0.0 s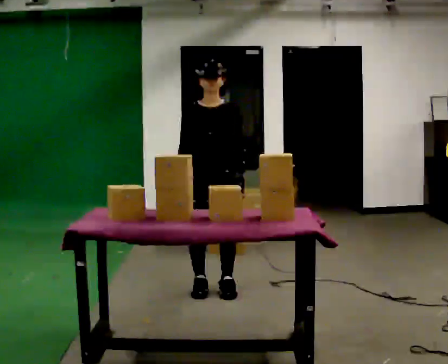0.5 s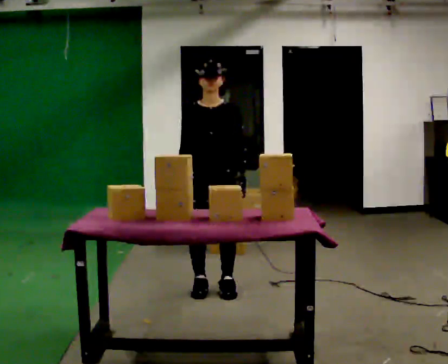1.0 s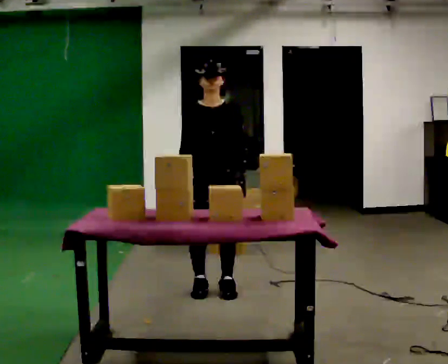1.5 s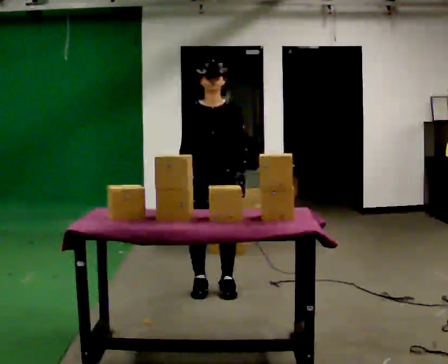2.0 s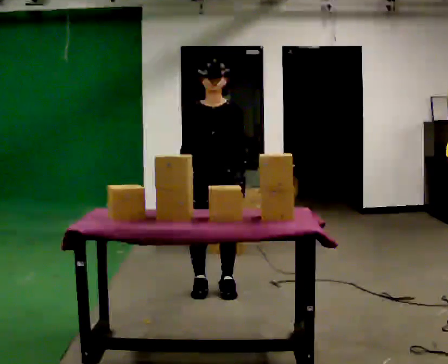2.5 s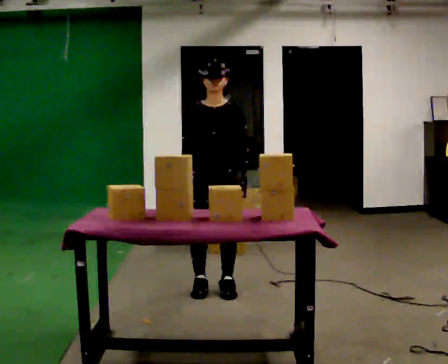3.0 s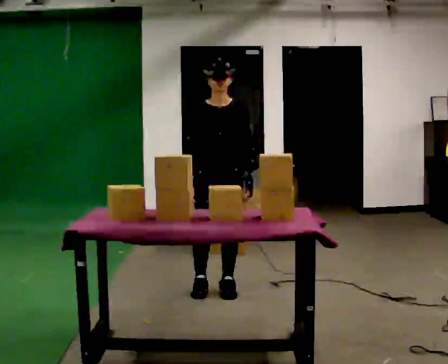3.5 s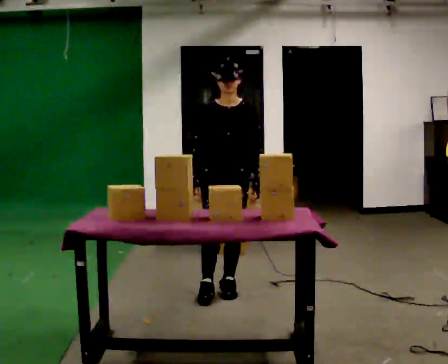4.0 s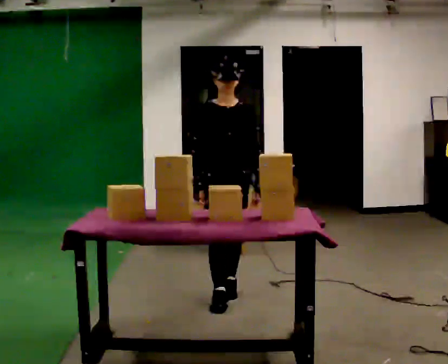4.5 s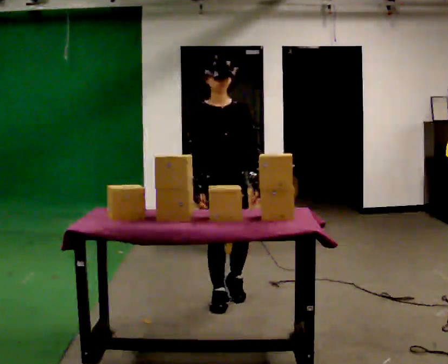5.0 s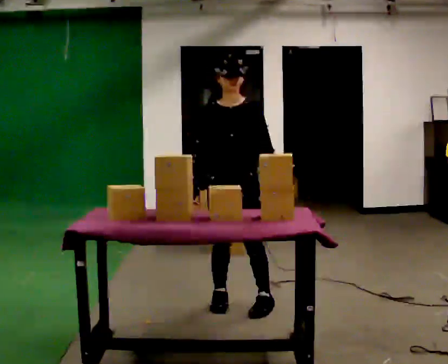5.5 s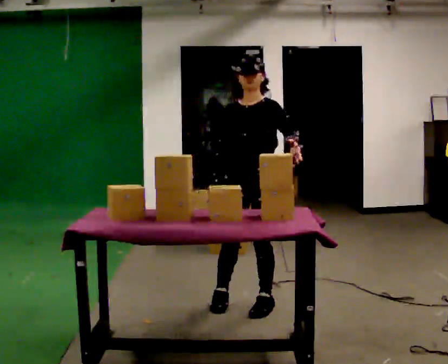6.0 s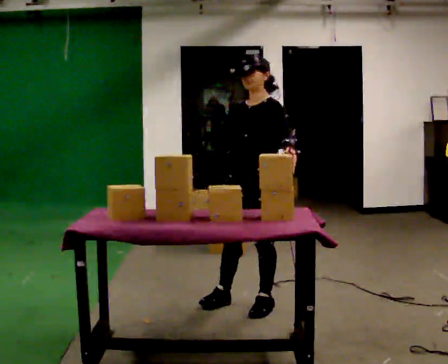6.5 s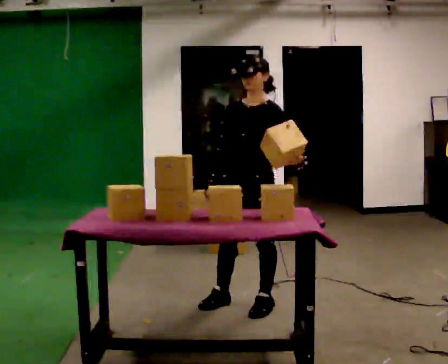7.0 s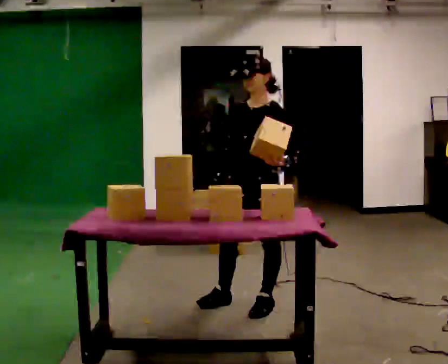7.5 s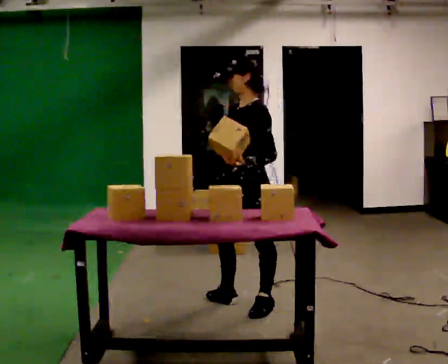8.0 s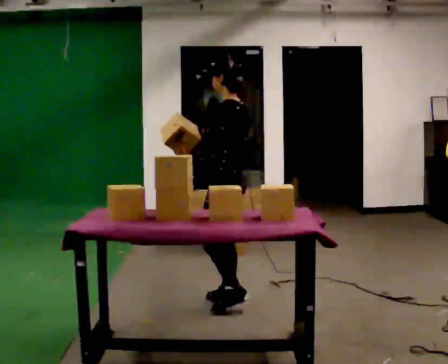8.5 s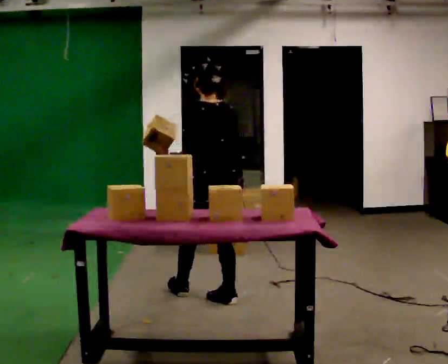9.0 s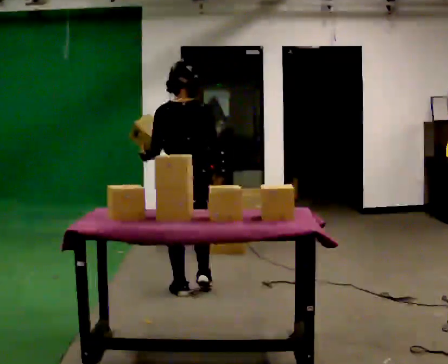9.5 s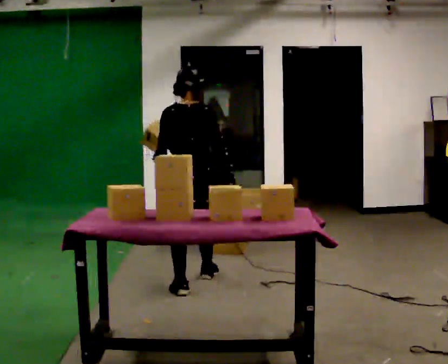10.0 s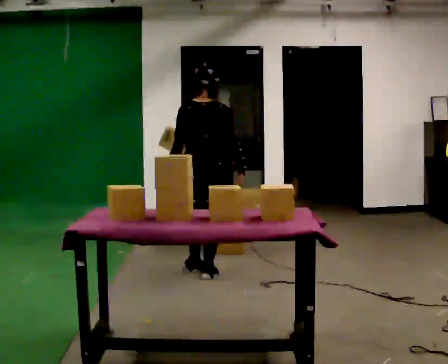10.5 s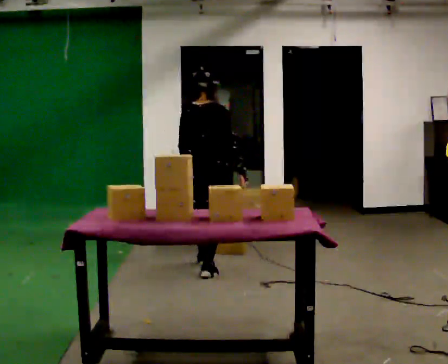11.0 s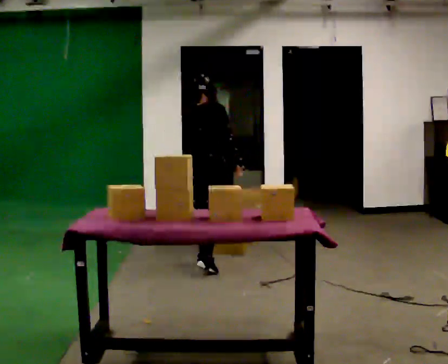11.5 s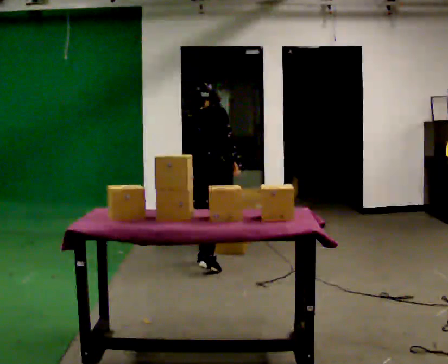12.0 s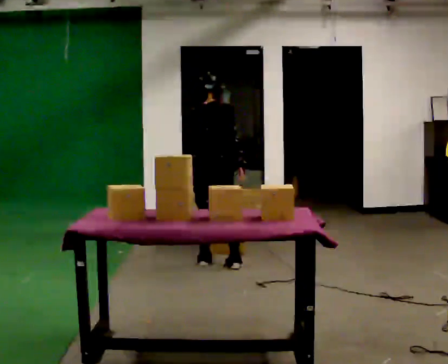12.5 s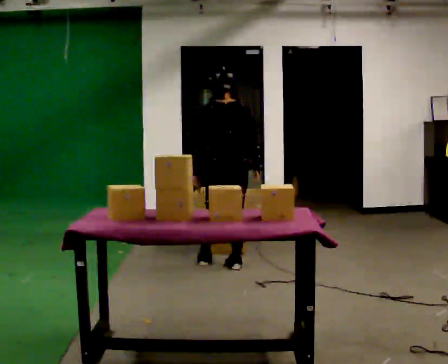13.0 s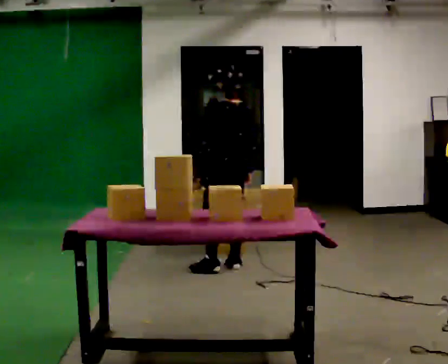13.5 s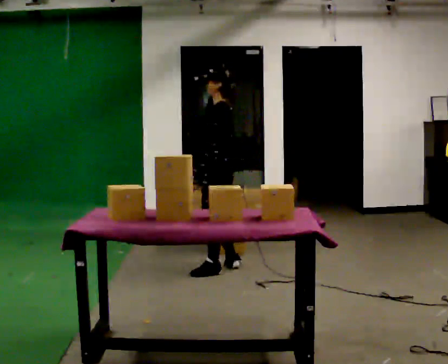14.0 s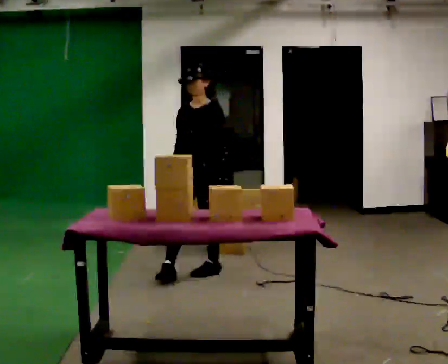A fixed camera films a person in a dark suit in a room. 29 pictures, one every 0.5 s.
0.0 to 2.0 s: The person keeps their place and pose.
2.0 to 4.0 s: The person moves a little, or ends about where they began.
4.0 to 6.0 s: The person turns about 60 degrees to their right, clockwise seen from above, so the part of the body nearest the lens slides to the left. In the picture they go to the right and toward the camera, about 0.25 m in 1 step. In the picture their left hand goes upward.
6.0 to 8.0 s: Seen from above the body turns clockwise, about 60 degrees: to their right, with its near side sliding to the left. In the picture they go to the left, about 0.25 m. In the picture their left hand goes to the left, the arm swinging clockwise.
8.0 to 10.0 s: Seen from above the body turns clockwise, about 75 degrees: to their right, with its near side sliding to the left. In the picture they go away from the camera and to the left, about 0.5 m in 2 steps.
10.0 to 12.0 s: In the picture they go away from the camera, about 0.25 m in 2 steps, which for them is forward and to their left.
12.0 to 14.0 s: The part of the body nearest the lens slides to the right as the person turns to their left by about 165 degrees. In the picture they go toward the camera, about 0.25 m in 1 step. The upper body tips toward the camera, its near side rolling downward, as they lean back or straighten.
The film runs forward here.
